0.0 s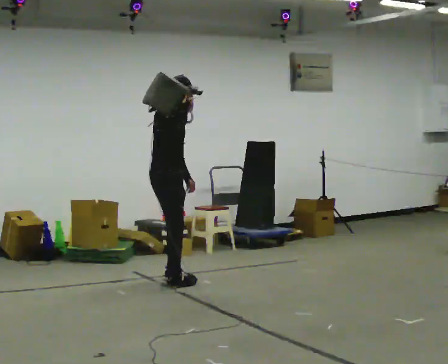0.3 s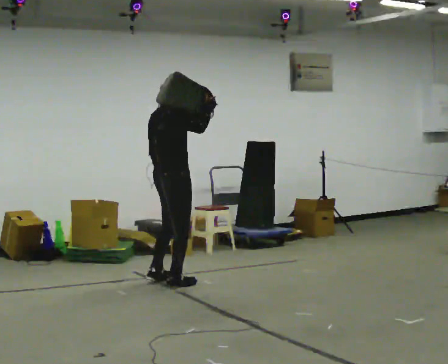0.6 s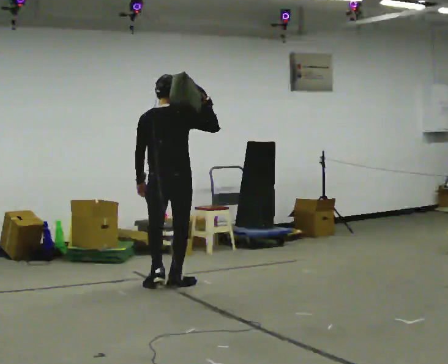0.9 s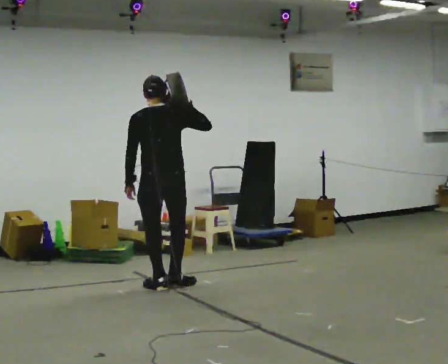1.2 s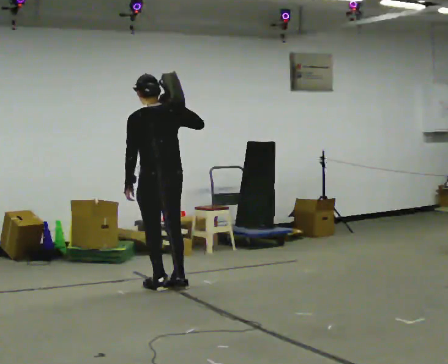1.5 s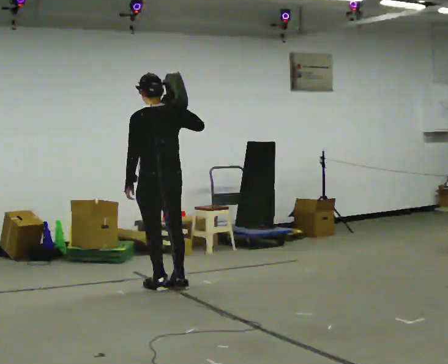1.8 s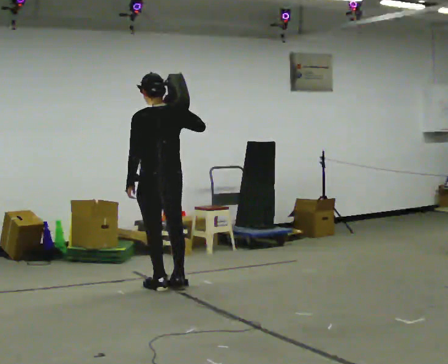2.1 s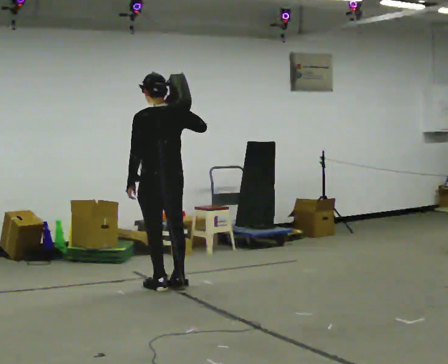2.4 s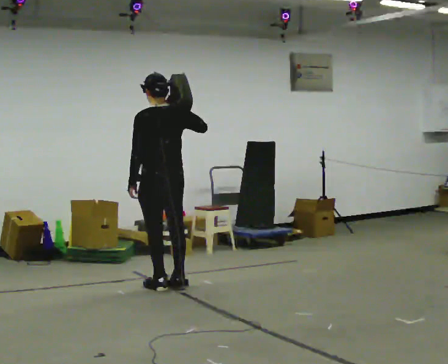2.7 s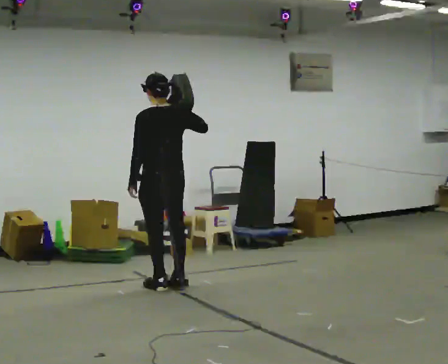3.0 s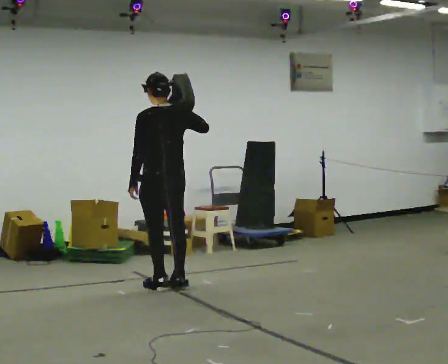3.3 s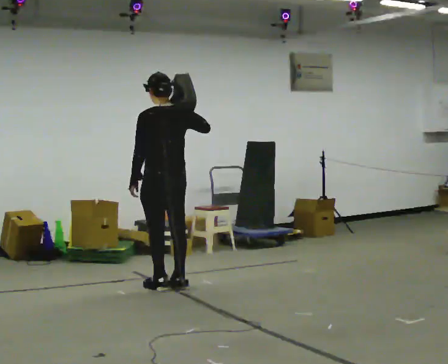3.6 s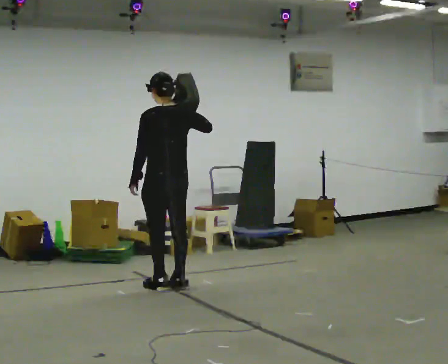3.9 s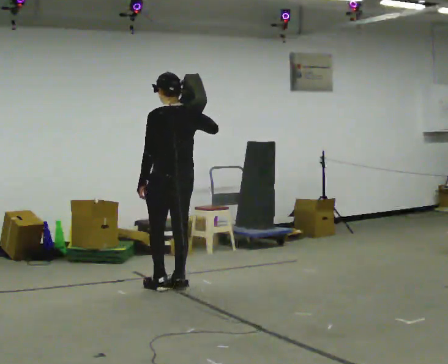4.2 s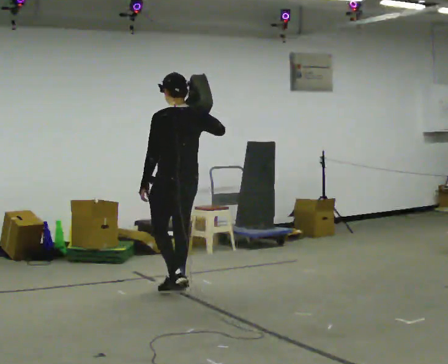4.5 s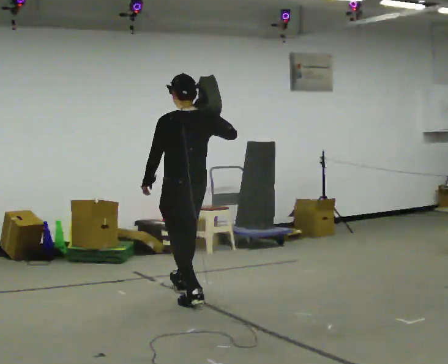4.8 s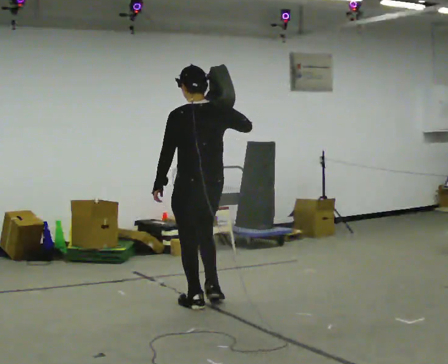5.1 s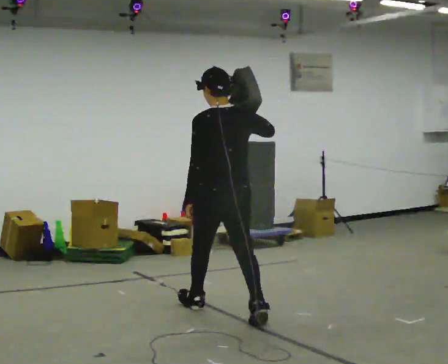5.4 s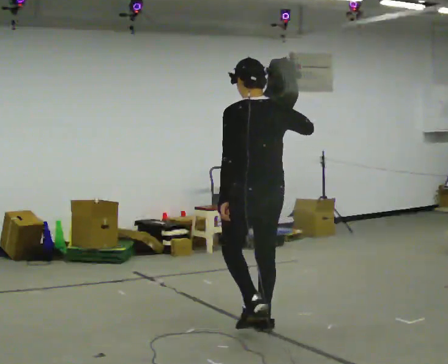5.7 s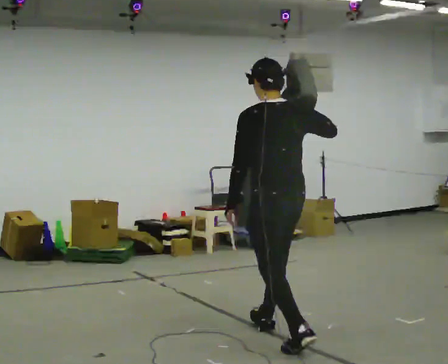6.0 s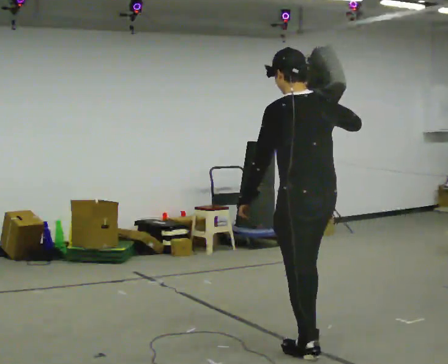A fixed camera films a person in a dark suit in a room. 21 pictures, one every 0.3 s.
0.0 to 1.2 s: The part of the body nearest the lens slides to the right as the person turns to their left by about 120 degrees. In the picture they go toward the camera, about 0.25 m in 1 step.
1.2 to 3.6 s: The person moves a little, or ends about where they began.
3.6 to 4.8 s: In the picture they go toward the camera and to the right, about 0.75 m in 2 steps, which for them is backward.
4.8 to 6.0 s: In the picture they go toward the camera and to the right, about 1.5 m in 2 steps, which for them is backward.
The film runs backward here.
